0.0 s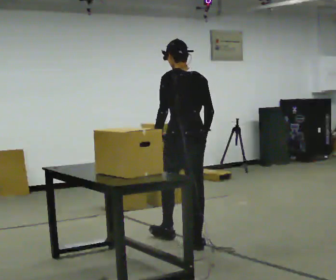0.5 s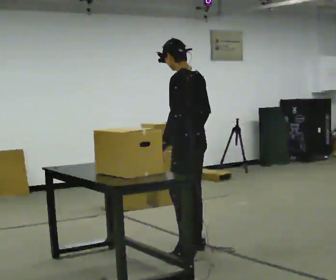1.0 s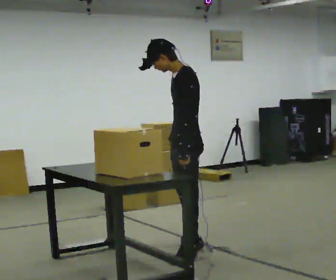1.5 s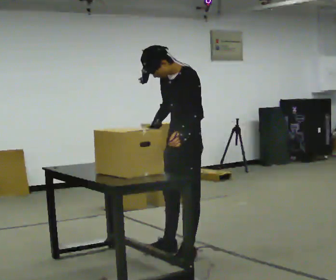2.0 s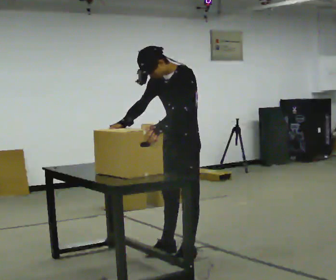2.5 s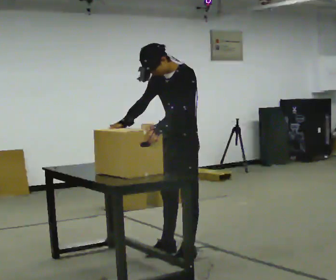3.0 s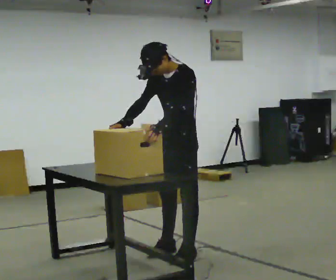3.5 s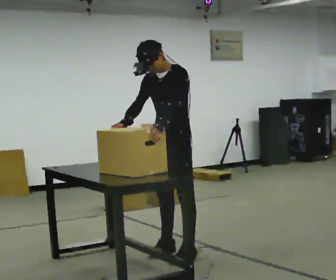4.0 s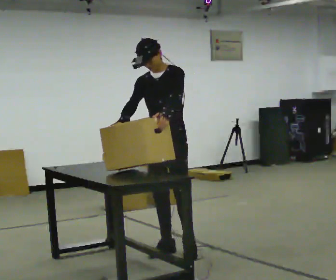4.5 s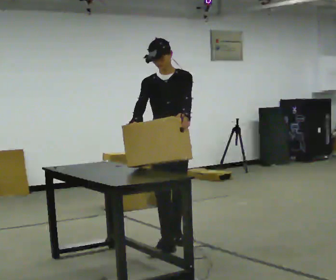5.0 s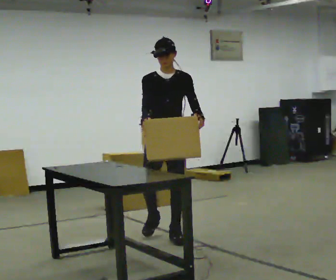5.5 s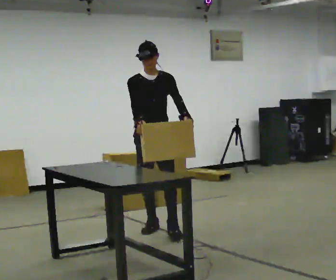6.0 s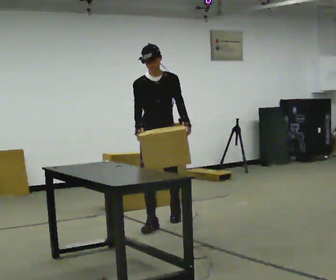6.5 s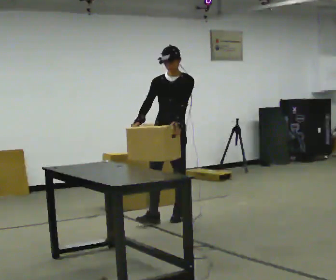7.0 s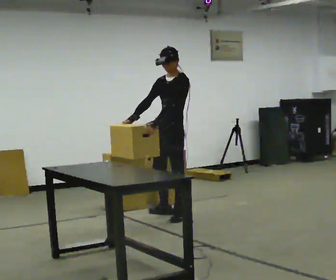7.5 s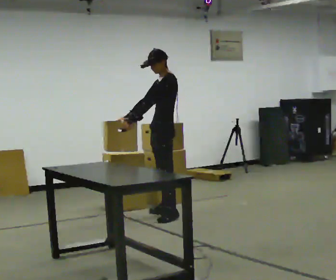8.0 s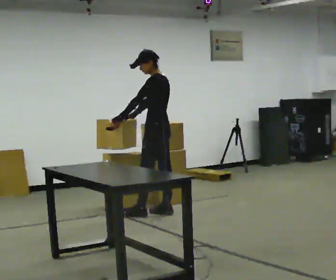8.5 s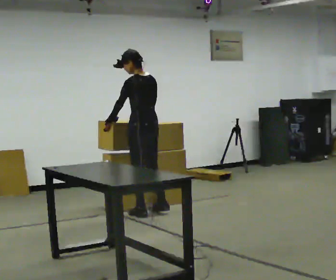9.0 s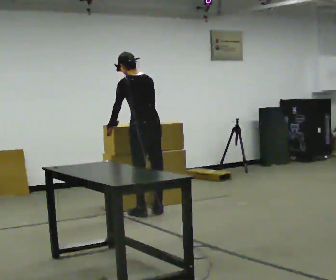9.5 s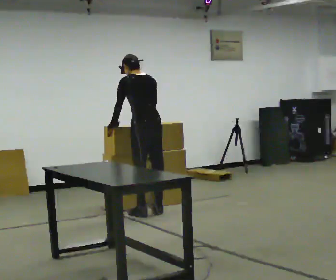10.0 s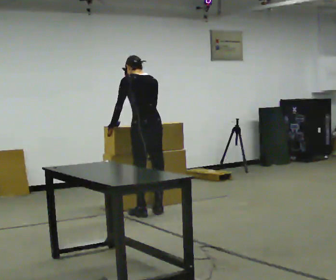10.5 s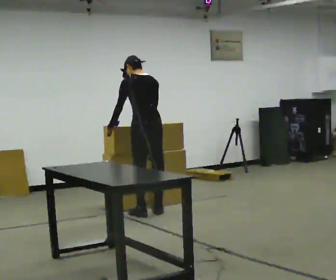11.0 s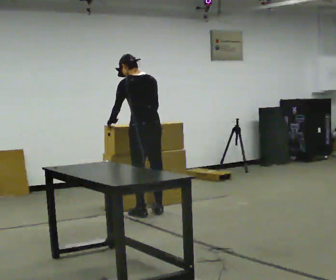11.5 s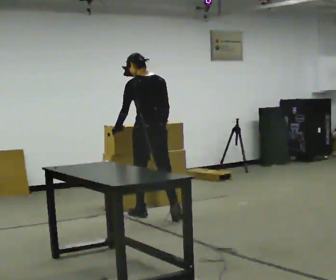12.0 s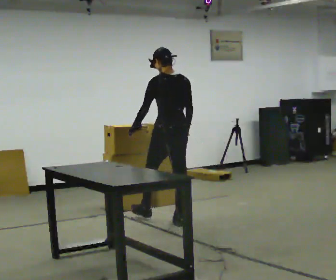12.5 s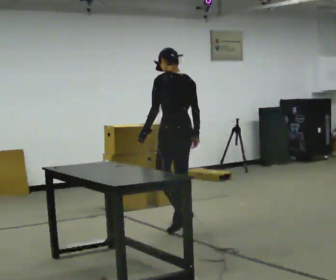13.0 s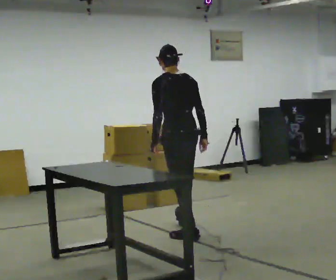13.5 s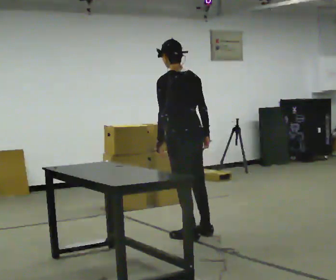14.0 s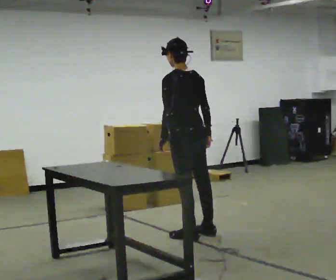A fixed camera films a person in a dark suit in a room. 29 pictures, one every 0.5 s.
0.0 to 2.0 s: Seen from above the body turns counterclockwise, about 105 degrees: to their left, with its near side sliding to the right. In the picture they go toward the camera, about 0.25 m in 1 step. The upper body tips toward the camera, its near side rolling downward, as they bend forward.
2.0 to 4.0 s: The part of the body nearest the lens slides to the right as the person turns to their left by about 30 degrees. In the picture they go away from the camera, about 0.25 m in 1 step, which for them is to their right.
4.0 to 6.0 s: The person turns about 30 degrees to their left, counterclockwise seen from above, so the part of the body nearest the lens slides to the right. In the picture they go away from the camera, about 1 m in 2 steps, which for them is backward.
6.0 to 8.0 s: The part of the body nearest the lens slides to the left as the person turns to their right by about 105 degrees. In the picture they go away from the camera, about 0.5 m in 2 steps.
8.0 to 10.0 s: The person turns about 45 degrees to their right, clockwise seen from above, so the part of the body nearest the lens slides to the left. In the picture they go to the left, about 0.25 m, which for them is to their left.
10.0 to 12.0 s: In the picture they go toward the camera and to the right, about 0.5 m in 2 steps, which for them is backward.
12.0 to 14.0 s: In the picture they go toward the camera, about 0.5 m in 1 step, which for them is backward.
The film runs backward here.
